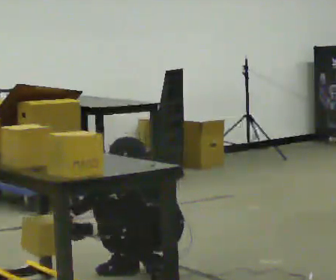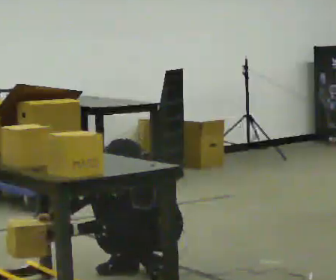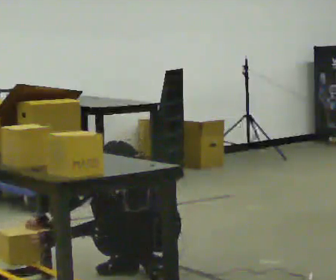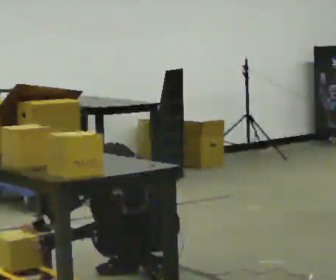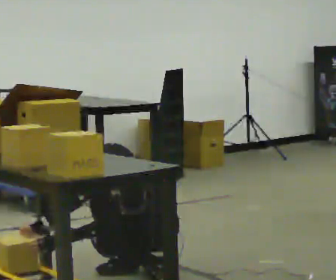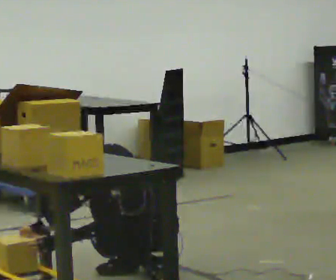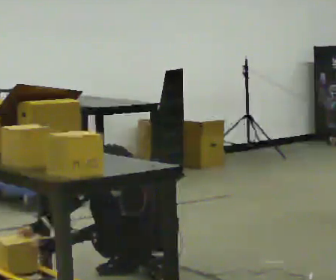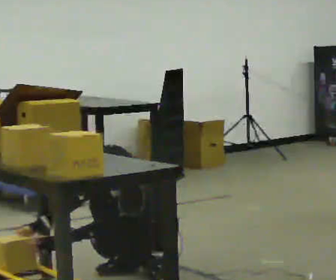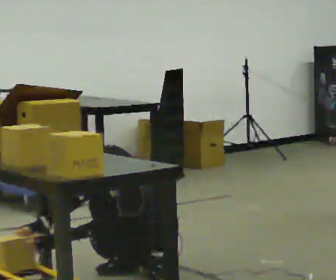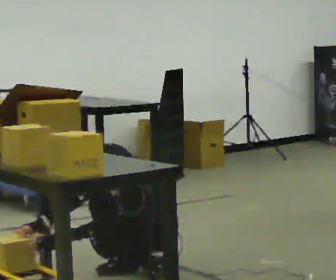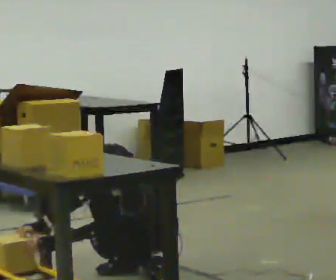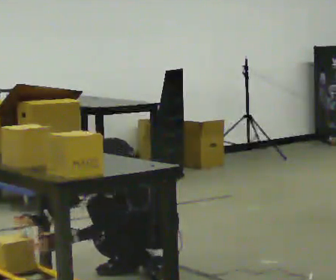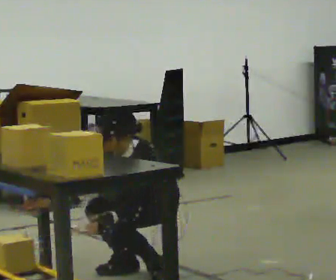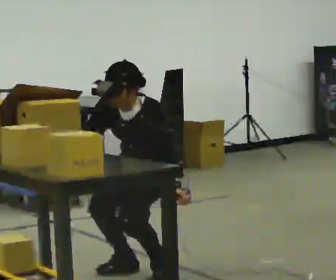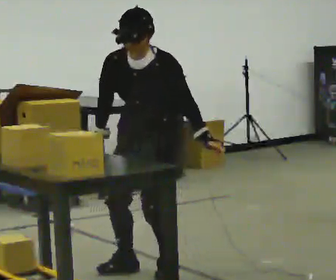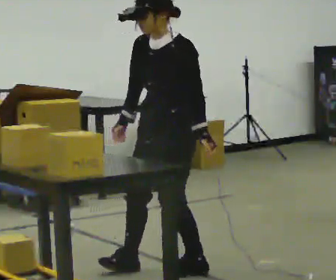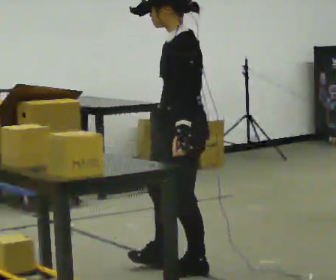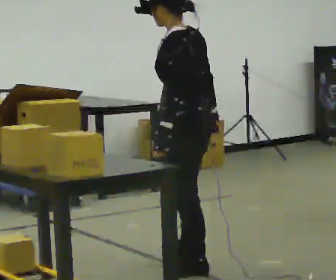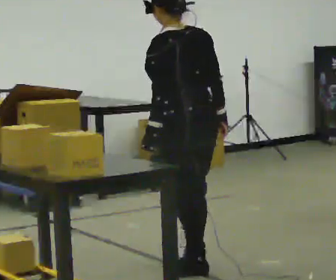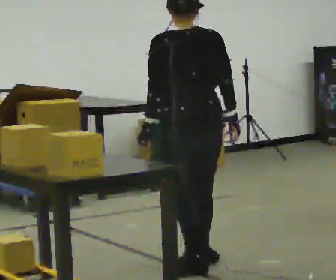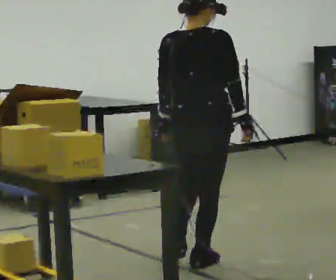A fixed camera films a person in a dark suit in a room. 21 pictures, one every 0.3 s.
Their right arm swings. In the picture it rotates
counterclockwise.
The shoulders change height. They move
upward.
0.0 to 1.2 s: The person moves a little, or ends about where they began.
1.2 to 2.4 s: The person keeps their place and pose.
2.4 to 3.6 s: The upper body goes upward.
3.6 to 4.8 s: The part of the body nearest the lens slides to the left as the person turns to their right by about 45 degrees. In the picture they go toward the camera and to the right, about 0.25 m in 1 step, which for them is to their left. The shoulders move upward. The upper body tips away from the camera, its near side rolling upward, as they lean back or straighten. In the picture their right hand goes upward, the arm swinging counterclockwise.
4.8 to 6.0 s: The person turns about 120 degrees to their right, clockwise seen from above, so the part of the body nearest the lens slides to the left. In the picture their right hand goes to the right.
The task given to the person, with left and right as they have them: 1. Look at the shelf and see which spaces are empty. 2. Find matching items in the bins on the floor. 3. Fill the empty spaces on the shelf. 4. Tell the operator when you are finished.
The film runs forward here.
